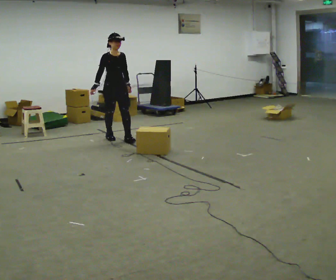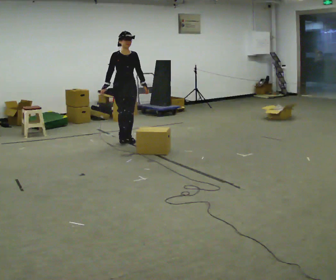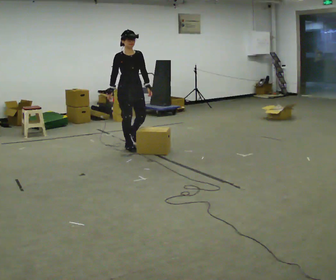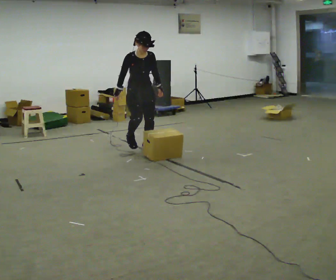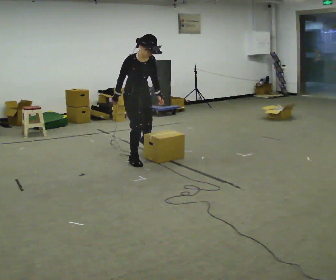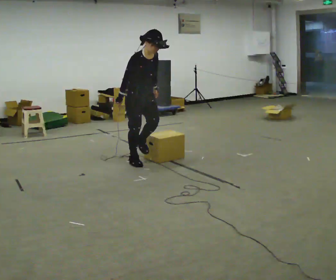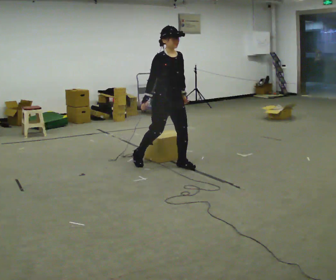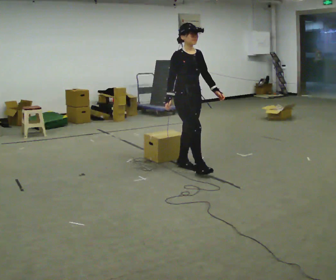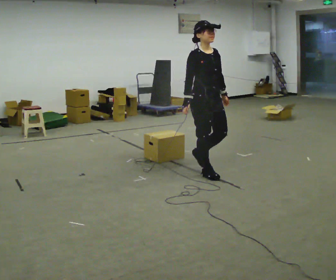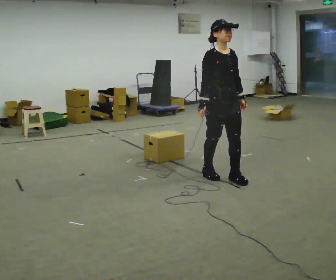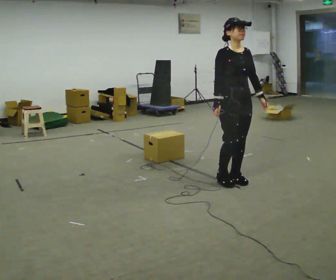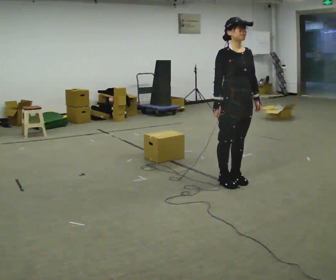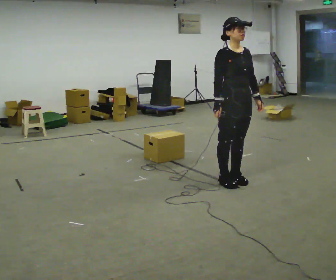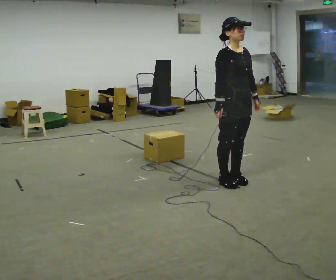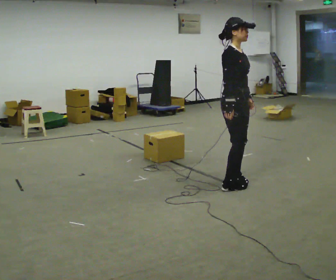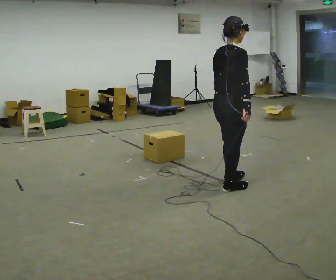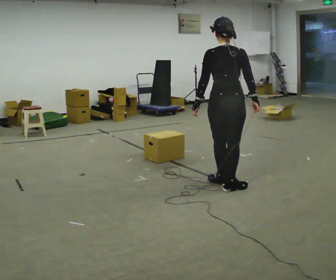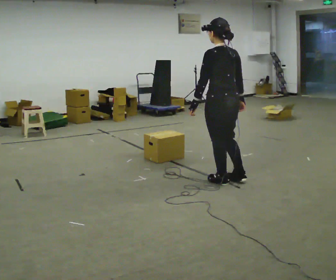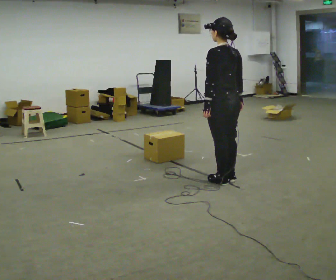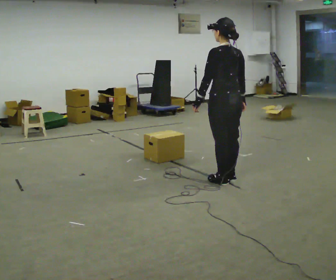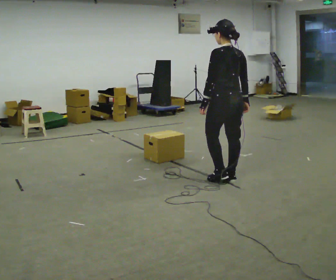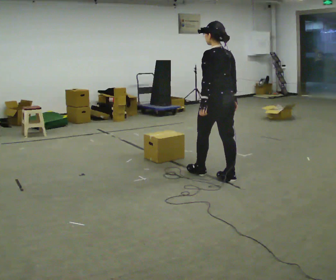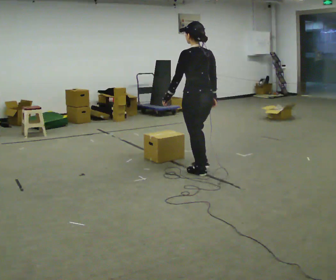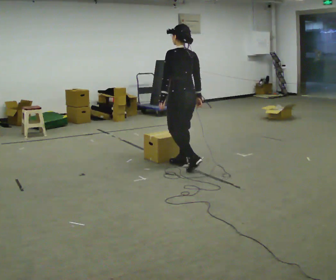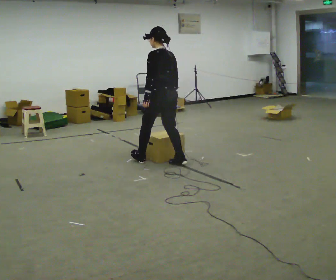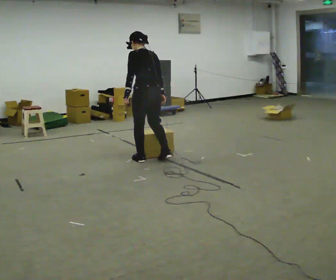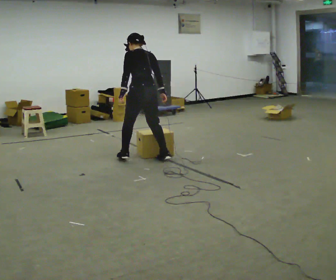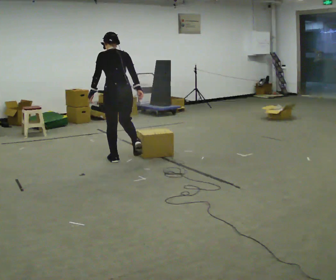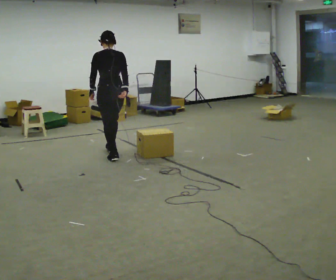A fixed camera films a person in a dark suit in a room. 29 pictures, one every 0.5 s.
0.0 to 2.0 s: In the picture they go toward the camera and to the right, about 1 m in 3 steps, which for them is forward. In the picture the upper body tilts clockwise, shoulders to the right, as they bend forward.
2.0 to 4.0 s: In the picture they go to the right and toward the camera, about 1 m in 2 steps, which for them is forward. In the picture the upper body tilts counterclockwise, shoulders to the left, as they lean back or straighten.
4.0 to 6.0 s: In the picture they go to the right and toward the camera, about 0.25 m in 2 steps, which for them is forward.
6.0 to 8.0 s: The person turns about 150 degrees to their left, counterclockwise seen from above, so the part of the body nearest the lens slides to the right. In the picture their left hand goes to the left, the arm swinging clockwise.
8.0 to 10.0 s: The person turns about 45 degrees to their left, counterclockwise seen from above, so the part of the body nearest the lens slides to the right. In the picture they go away from the camera, about 0.25 m in 1 step, which for them is to their right and forward.
10.0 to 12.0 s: In the picture they go to the left and away from the camera, about 1 m in 2 steps, which for them is forward.
12.0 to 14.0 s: In the picture they go to the left, about 0.5 m in 3 steps, which for them is forward and to their left.
The film runs forward here.
